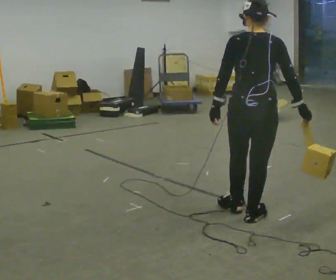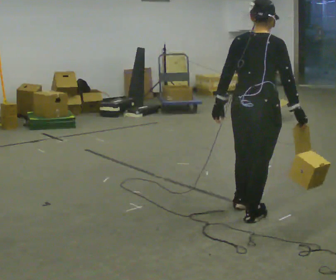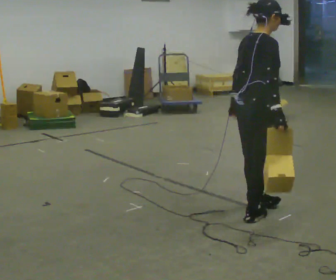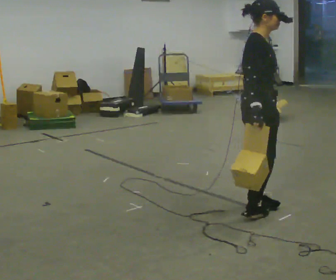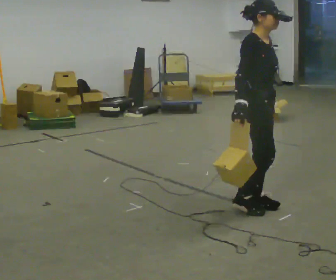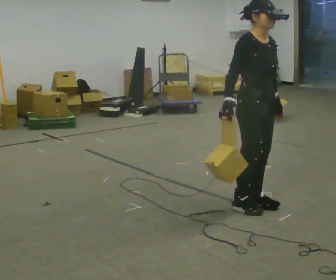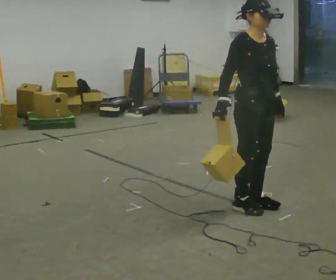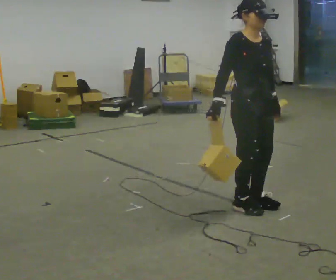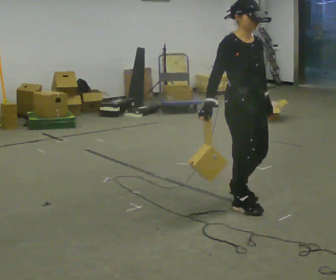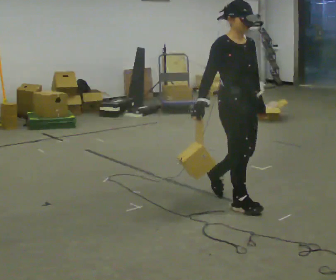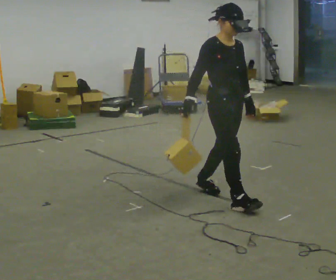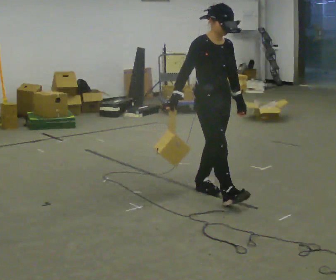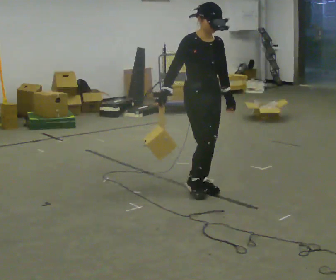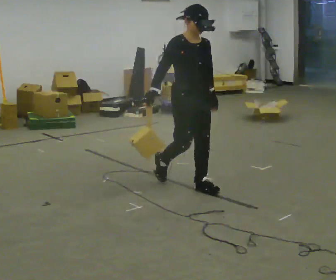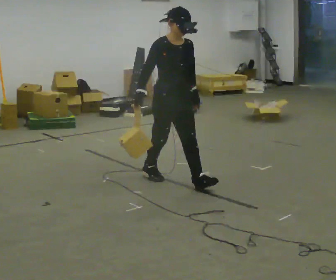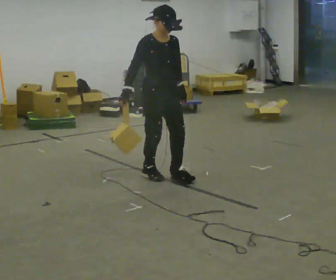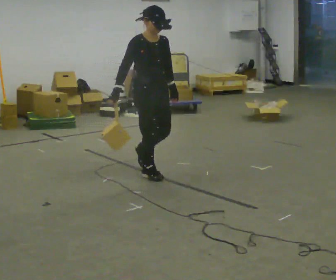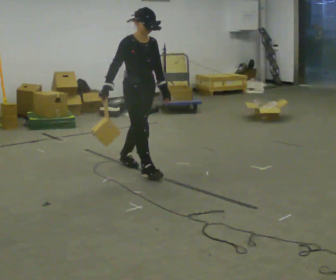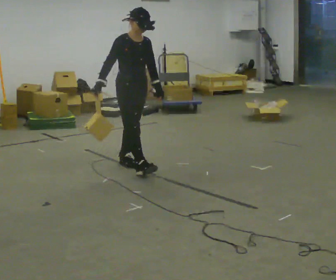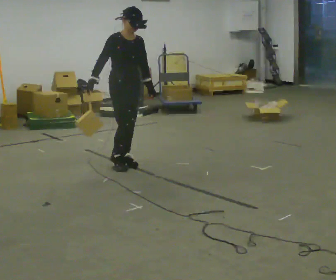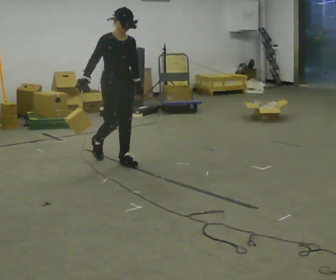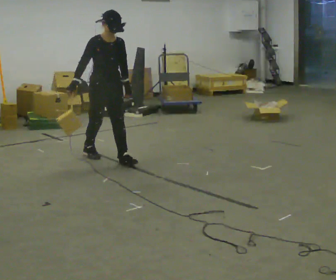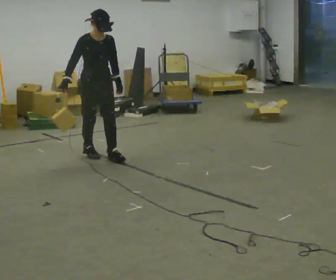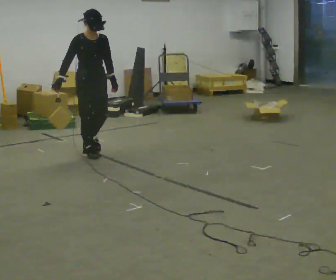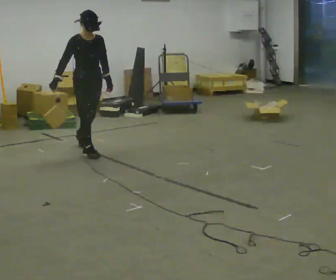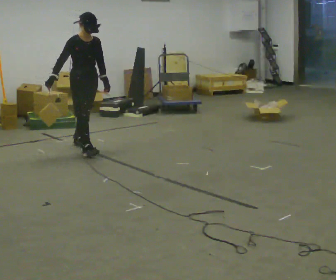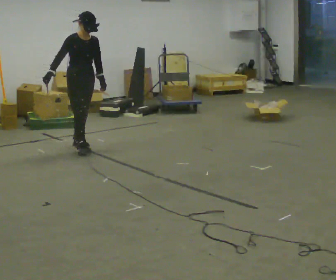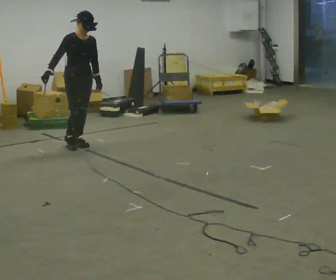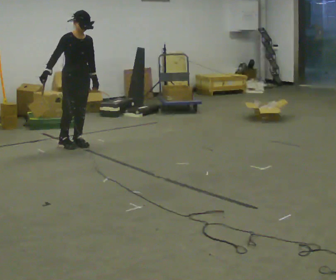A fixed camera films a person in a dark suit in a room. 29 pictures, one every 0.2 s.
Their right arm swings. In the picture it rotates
clockwise.
0.0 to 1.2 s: Seen from above the body turns clockwise, about 135 degrees: to their right, with its near side sliding to the left. In the picture their right hand goes to the left, the arm swinging clockwise.
1.2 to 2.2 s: In the picture they go away from the camera and to the left, about 0.5 m in 2 steps, which for them is backward.
2.2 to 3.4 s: In the picture they go away from the camera and to the left, about 1 m in 1 step, which for them is backward.
3.4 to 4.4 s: In the picture they go away from the camera and to the left, about 0.75 m in 2 steps, which for them is backward.
4.4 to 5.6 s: In the picture they go away from the camera and to the left, about 0.5 m in 1 step, which for them is backward.
The film runs backward here.
